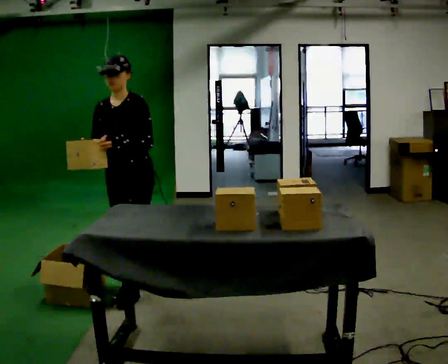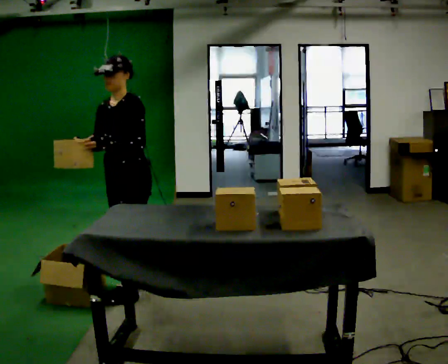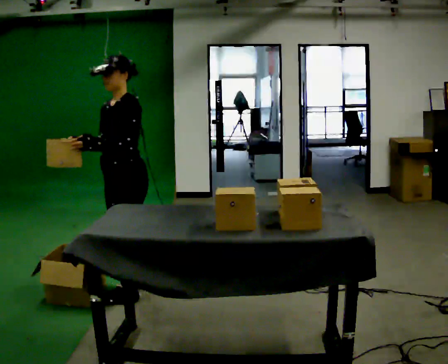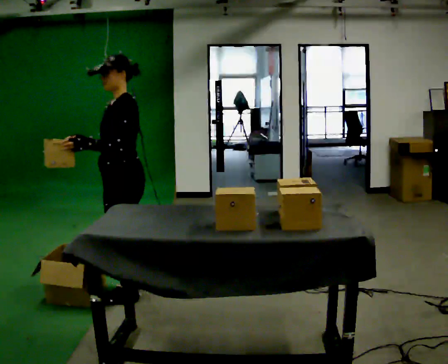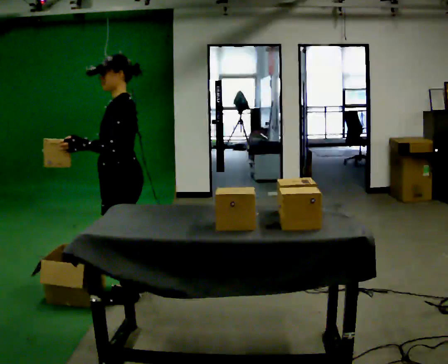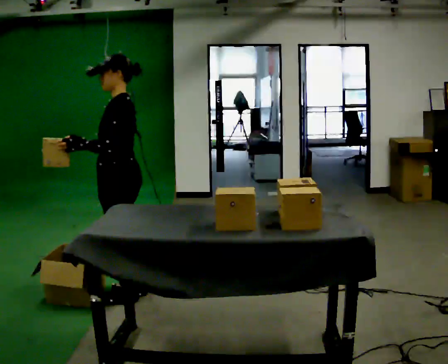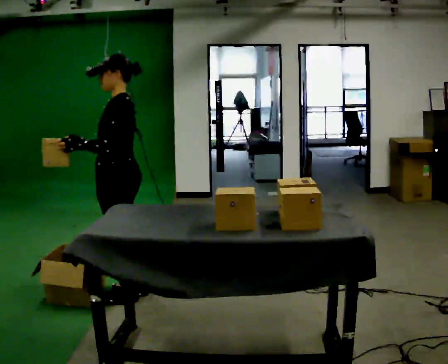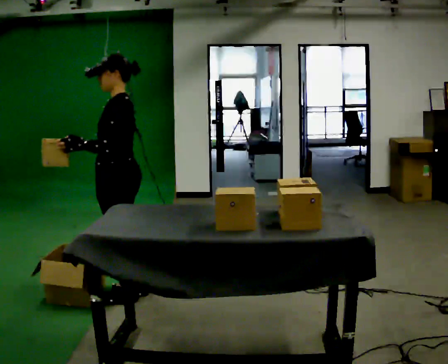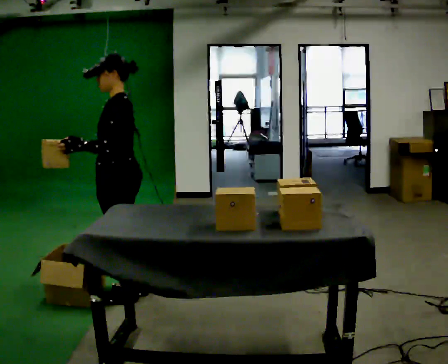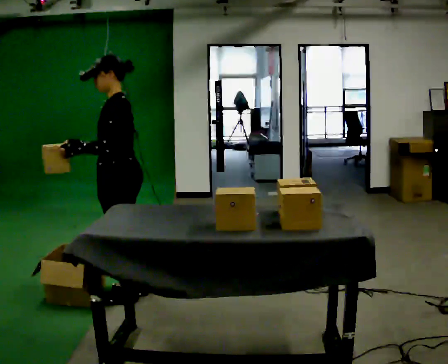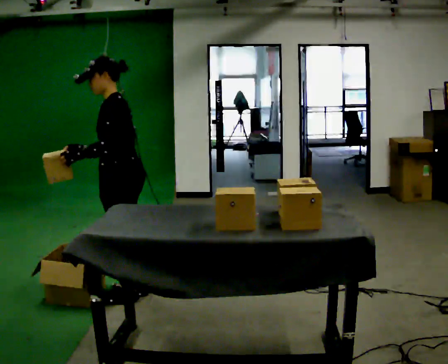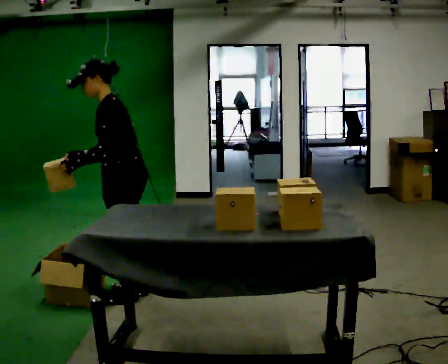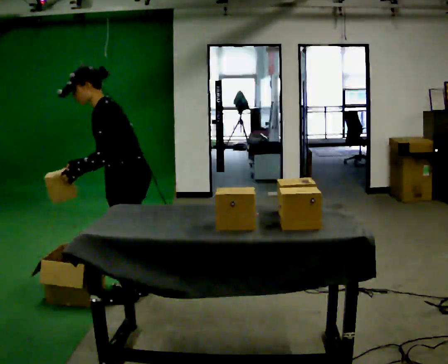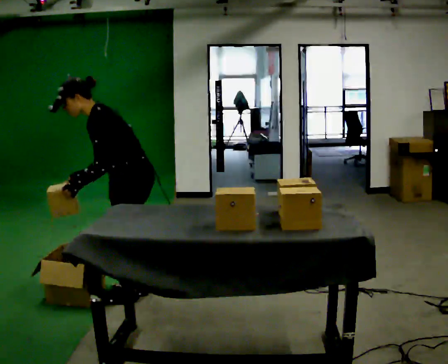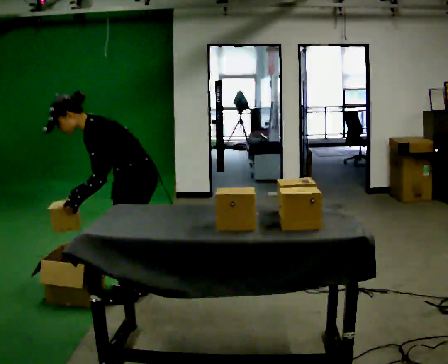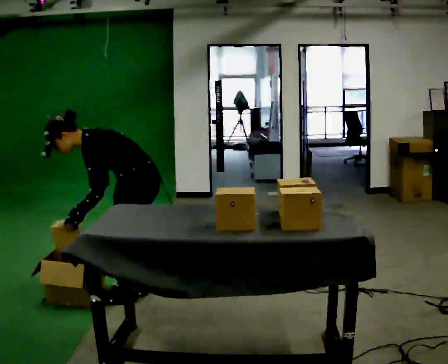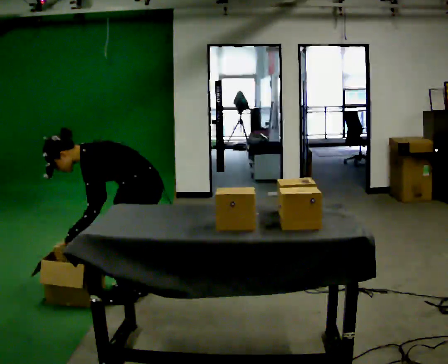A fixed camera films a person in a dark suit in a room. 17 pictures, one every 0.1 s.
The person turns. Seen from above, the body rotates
clockwise.
The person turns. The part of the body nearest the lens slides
to the left.
0.0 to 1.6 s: The person turns about 60 degrees to their right, clockwise seen from above, so the part of the body nearest the lens slides to the left. The shoulders move downward. In the picture the upper body tilts counterclockwise, shoulders to the left, as they bend forward. In the picture their right hand goes downward.
The film runs backward here.
